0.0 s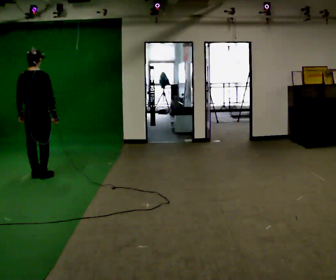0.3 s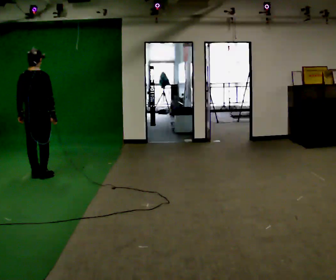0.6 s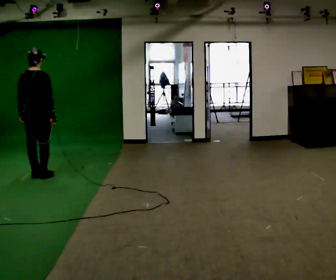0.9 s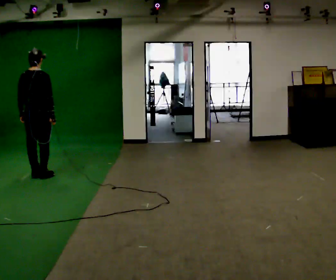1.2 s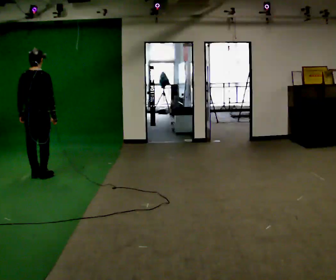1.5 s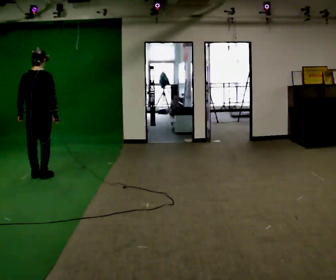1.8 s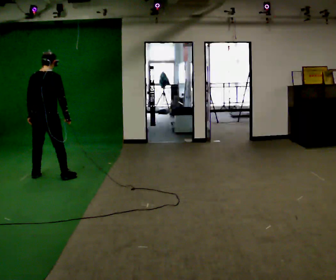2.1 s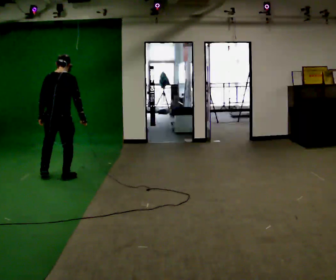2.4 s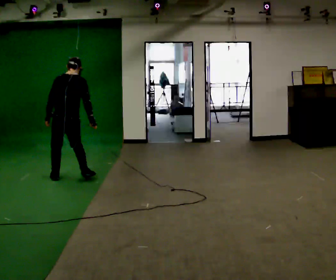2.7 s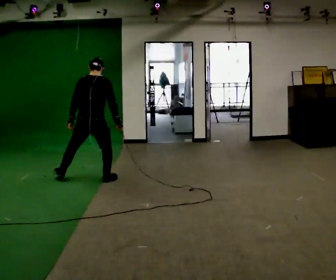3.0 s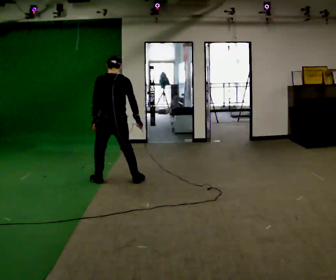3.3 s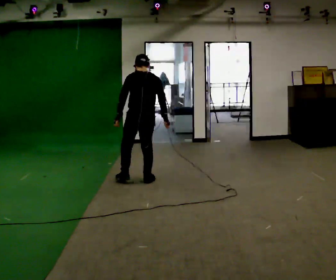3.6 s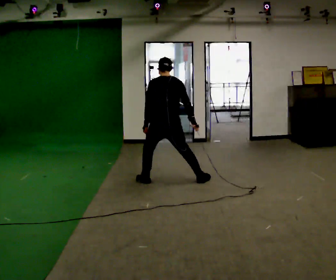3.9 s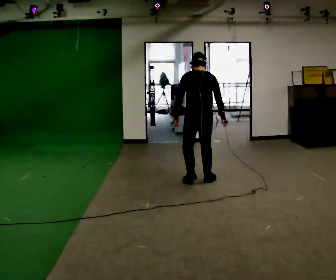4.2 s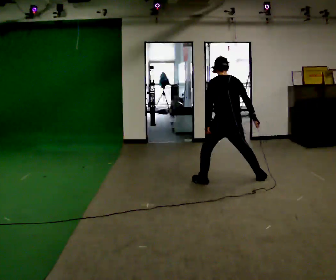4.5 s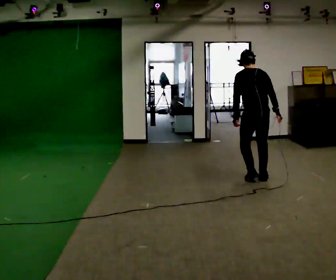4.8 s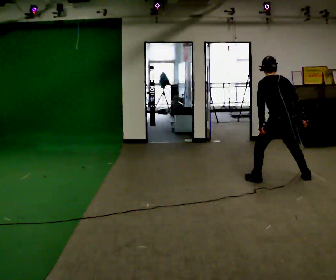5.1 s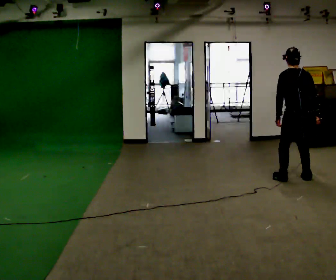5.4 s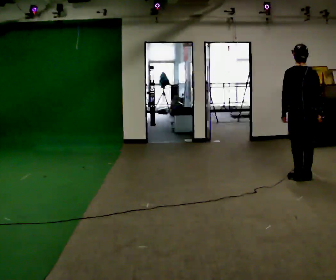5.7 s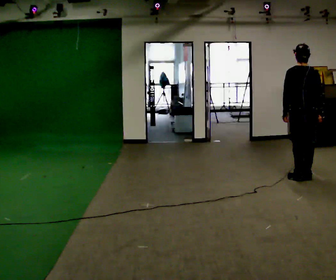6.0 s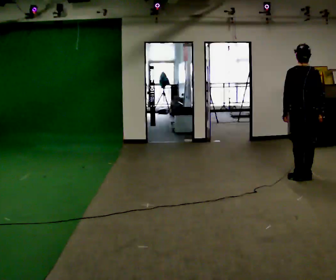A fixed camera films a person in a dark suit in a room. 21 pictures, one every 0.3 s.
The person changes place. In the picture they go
to the right.
0.0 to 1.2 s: The person moves a little, or ends about where they began.
1.2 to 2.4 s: In the picture they go to the right, about 0.5 m in 3 steps, which for them is to their right.
2.4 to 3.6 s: In the picture they go to the right, about 1 m in 4 steps, which for them is to their right.
3.6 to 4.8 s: In the picture they go to the right, about 1.5 m in 4 steps, which for them is to their right.
4.8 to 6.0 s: In the picture they go to the right, about 0.25 m in 1 step, which for them is to their right. The upper body tips toward the camera, its near side rolling downward, as they lean back or straighten.
The film runs backward here.
